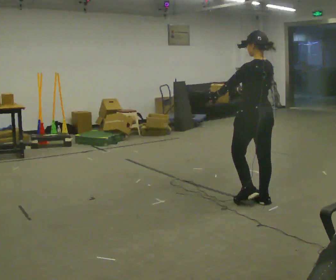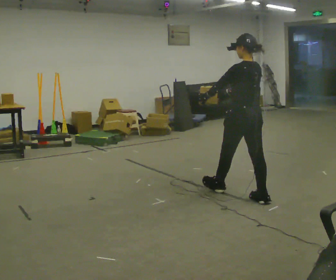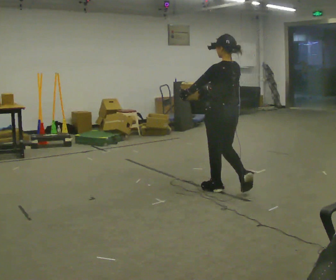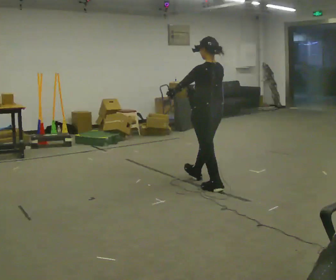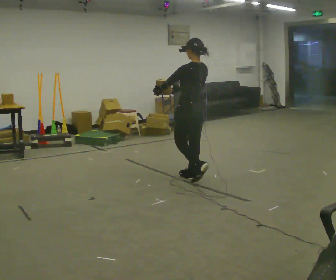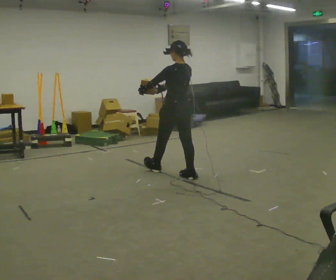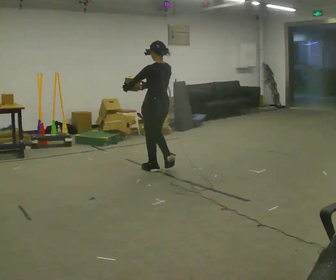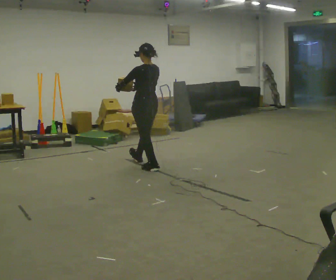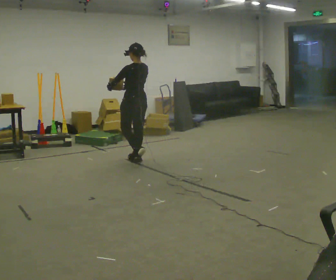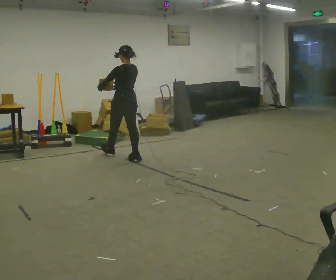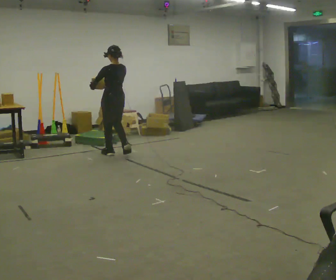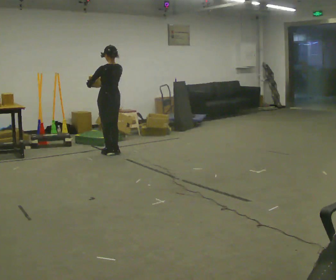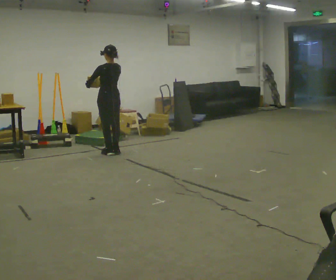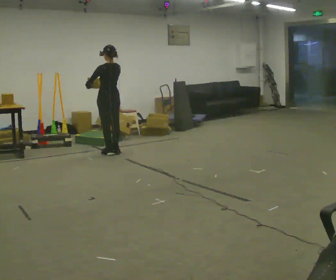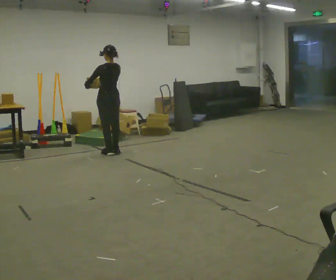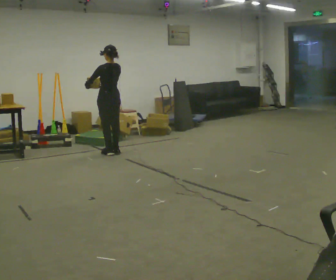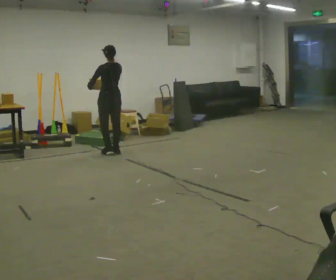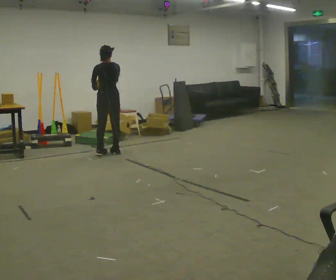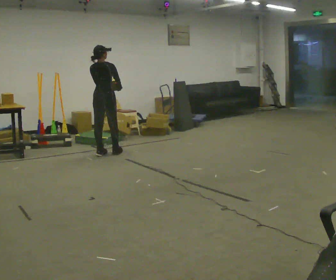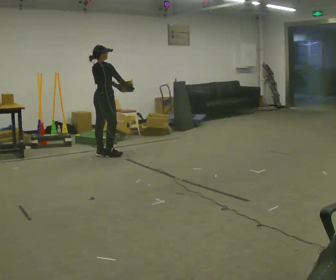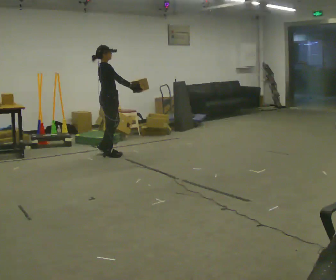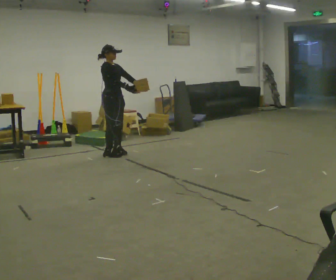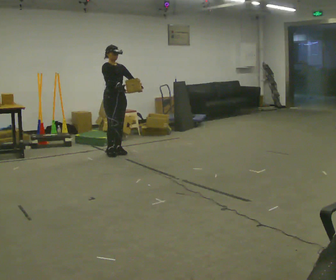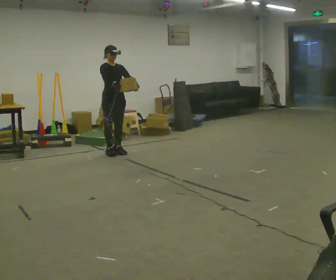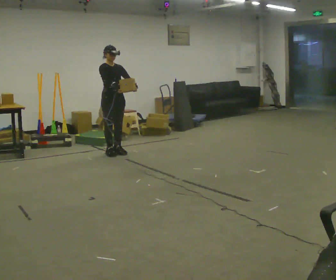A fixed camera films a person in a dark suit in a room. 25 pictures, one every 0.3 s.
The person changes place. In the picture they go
away from the camera.
The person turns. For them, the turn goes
to their right.
0.0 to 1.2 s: In the picture they go away from the camera and to the left, about 1 m in 2 steps, which for them is forward.
1.2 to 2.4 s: In the picture they go away from the camera and to the left, about 1 m in 2 steps, which for them is forward.
2.4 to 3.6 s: In the picture they go away from the camera and to the left, about 0.5 m in 2 steps, which for them is forward.
3.6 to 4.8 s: The person moves a little, or ends about where they began.
4.8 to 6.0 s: Seen from above the body turns clockwise, about 120 degrees: to their right, with its near side sliding to the left. In the picture they go toward the camera, about 0.25 m in 2 steps. In the picture their left hand goes to the right.
6.0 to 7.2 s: Seen from above the body turns clockwise, about 60 degrees: to their right, with its near side sliding to the left.
The film runs forward here.
